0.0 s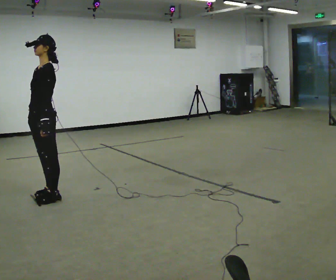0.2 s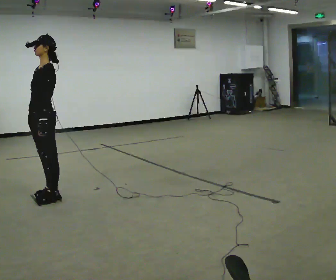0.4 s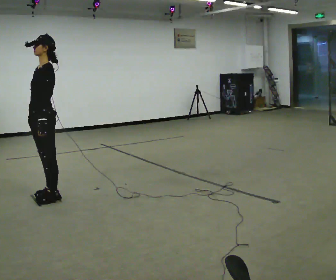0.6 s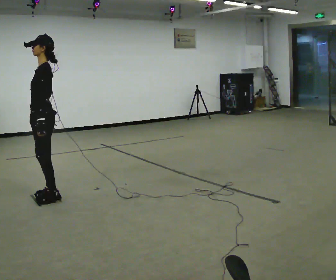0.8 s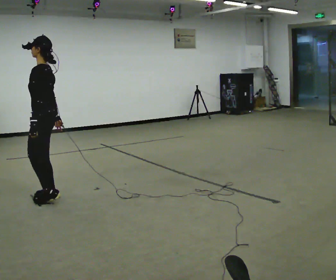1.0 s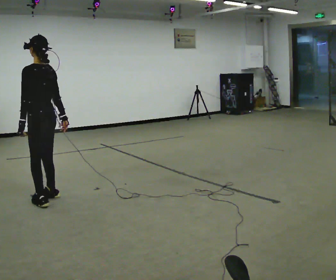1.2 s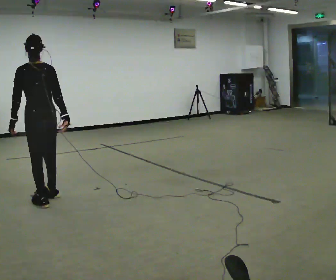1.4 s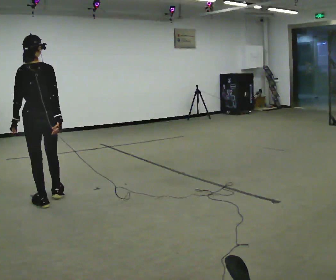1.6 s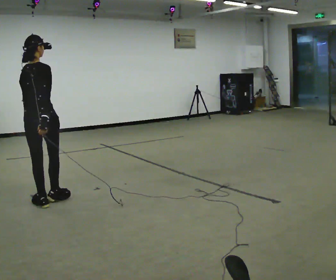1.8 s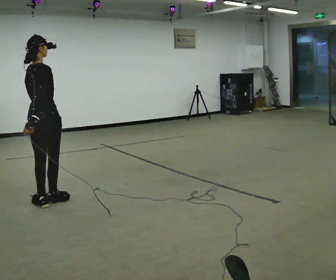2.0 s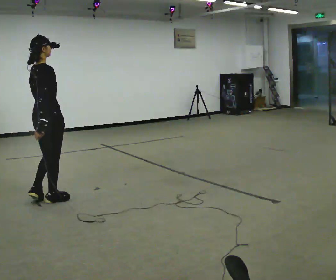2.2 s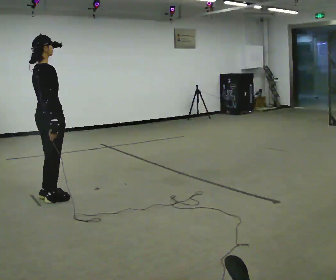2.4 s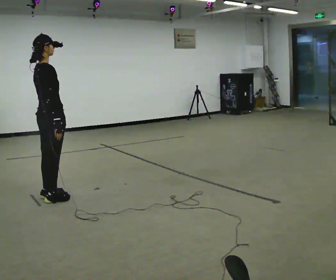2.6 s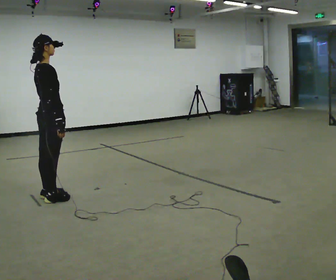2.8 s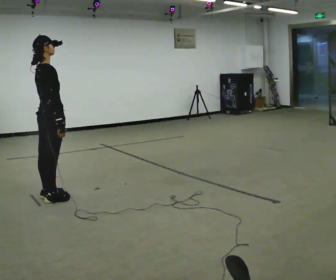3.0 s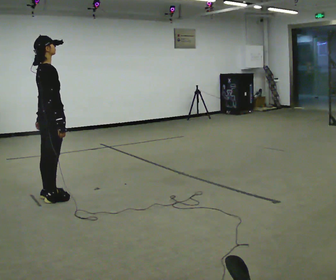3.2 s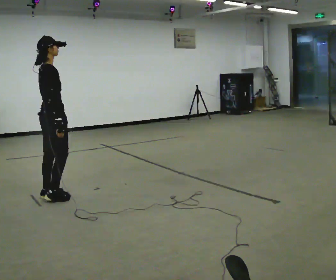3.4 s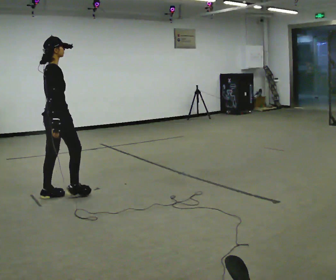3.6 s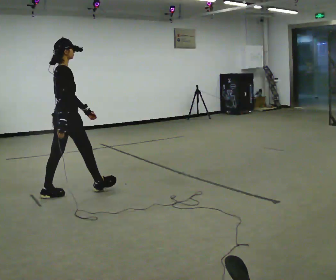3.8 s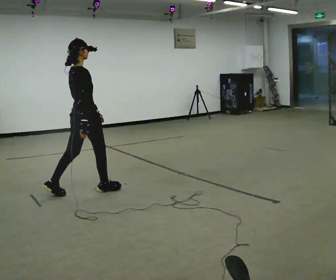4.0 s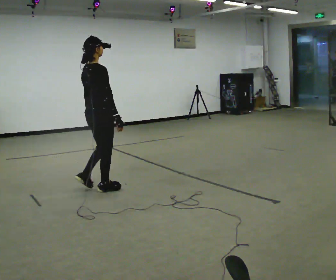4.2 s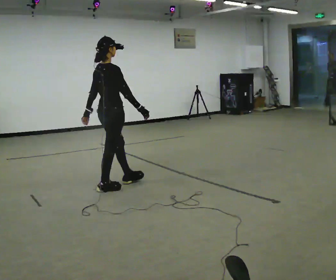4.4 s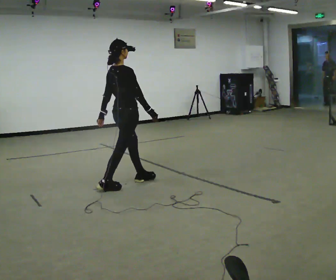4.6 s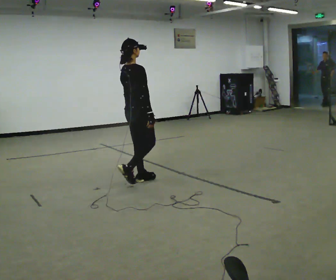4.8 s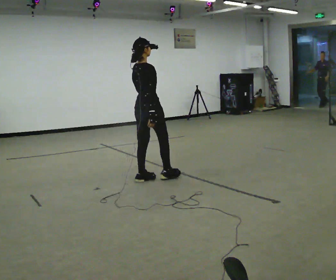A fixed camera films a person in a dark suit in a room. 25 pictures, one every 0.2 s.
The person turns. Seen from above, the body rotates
clockwise.
The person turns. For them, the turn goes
to their right.
0.0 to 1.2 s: Seen from above the body turns clockwise, about 90 degrees: to their right, with its near side sliding to the left. In the picture their right hand goes to the right, the arm swinging counterclockwise.
1.2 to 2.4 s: The part of the body nearest the lens slides to the left as the person turns to their right by about 75 degrees. In the picture their left hand goes to the right.
2.4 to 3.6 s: In the picture they go to the right, about 0.25 m, which for them is forward. In the picture their left hand goes to the right.
3.6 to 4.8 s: In the picture they go to the right and away from the camera, about 1 m in 2 steps, which for them is forward.
The film runs forward here.
